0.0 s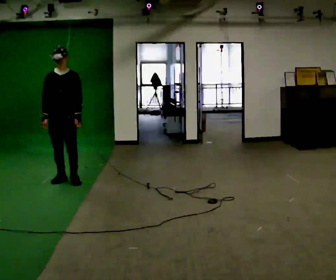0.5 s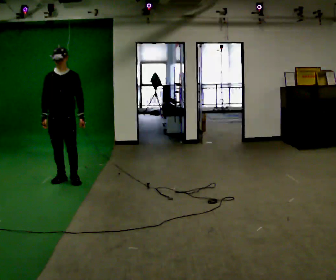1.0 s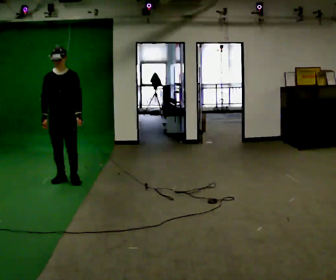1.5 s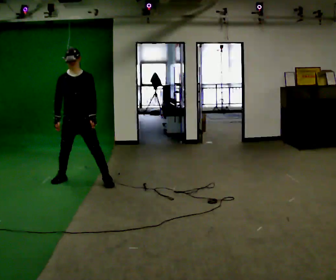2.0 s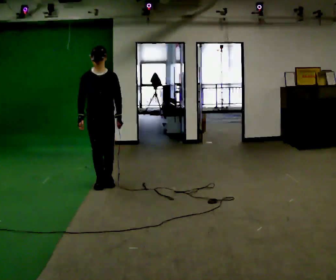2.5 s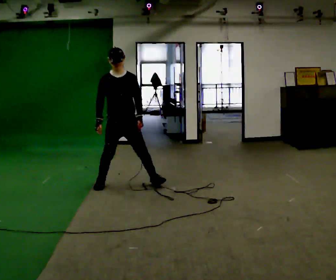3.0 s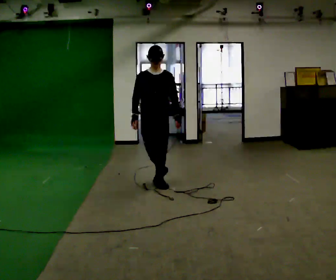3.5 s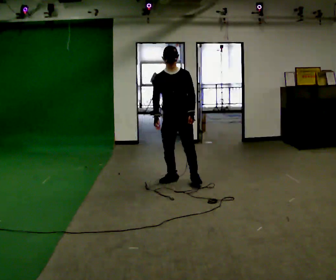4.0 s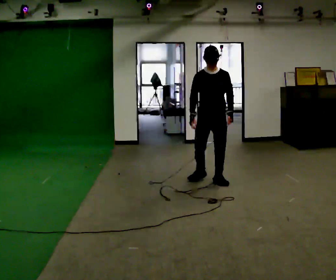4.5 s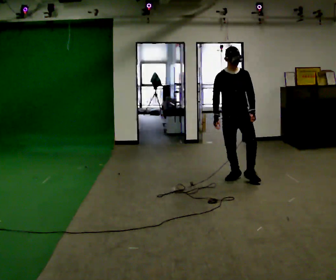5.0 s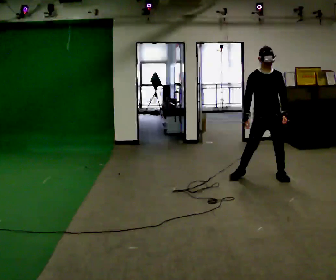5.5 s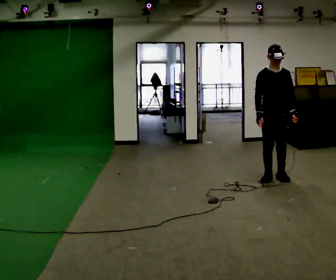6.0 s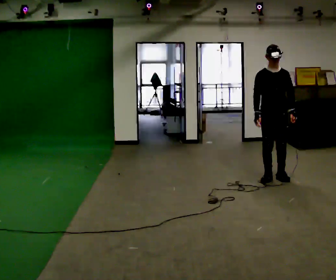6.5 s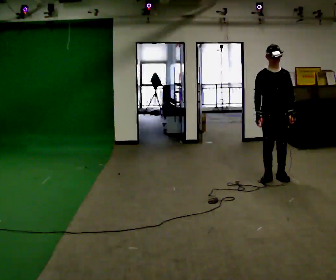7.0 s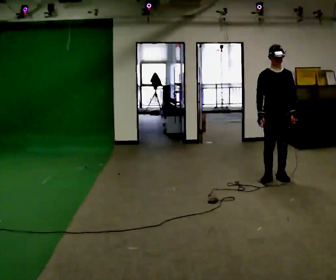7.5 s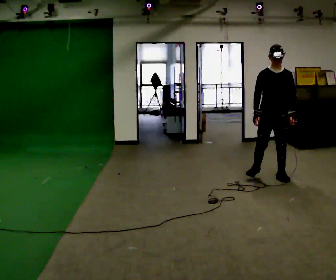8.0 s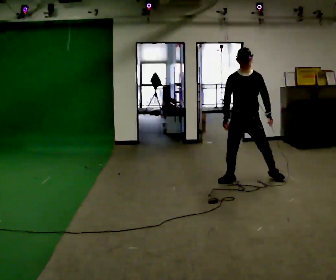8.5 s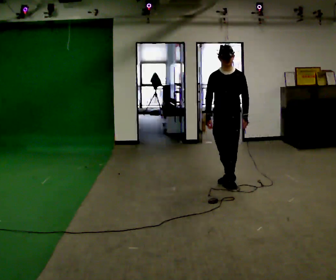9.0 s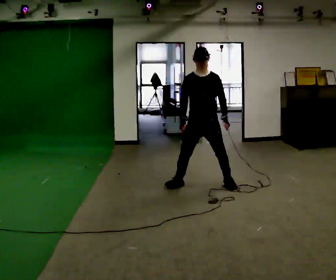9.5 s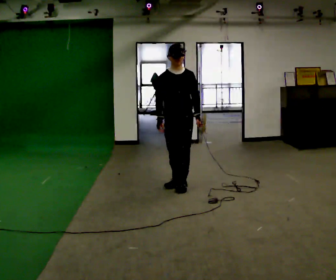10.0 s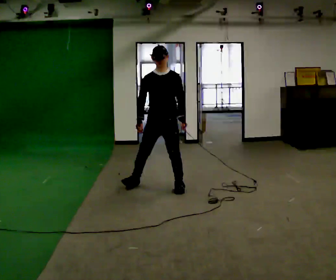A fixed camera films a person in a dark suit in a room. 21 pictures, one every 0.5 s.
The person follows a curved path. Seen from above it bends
clockwise.
0.0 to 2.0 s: In the picture they go to the right, about 0.5 m in 1 step, which for them is to their left.
2.0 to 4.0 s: In the picture they go to the right, about 1.5 m in 4 steps, which for them is to their left.
4.0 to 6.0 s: In the picture they go to the right, about 1 m in 3 steps, which for them is to their left.
6.0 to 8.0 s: In the picture they go to the left, about 0.25 m in 1 step, which for them is to their right.
8.0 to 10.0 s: In the picture they go to the left and toward the camera, about 1 m in 3 steps, which for them is to their right.
The film runs forward here.
